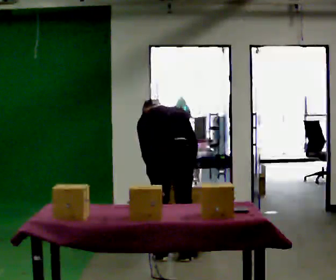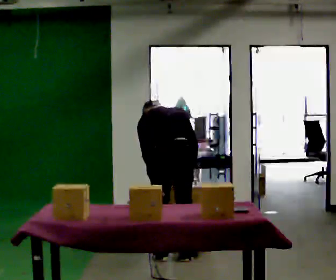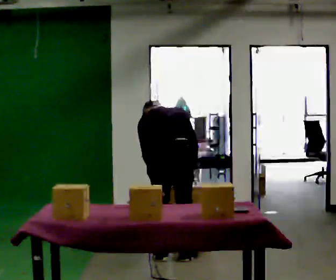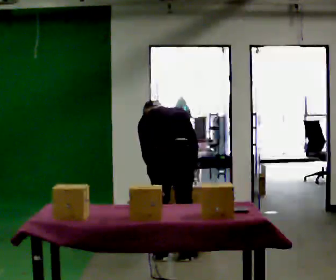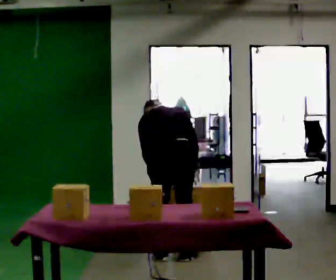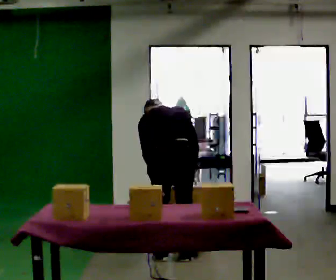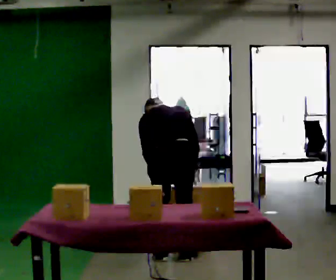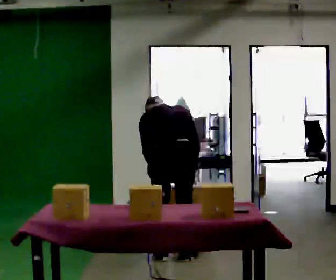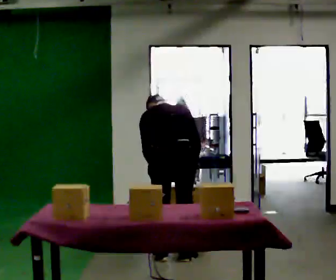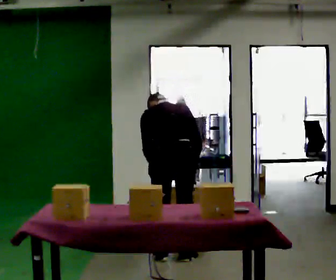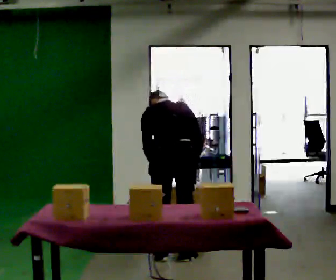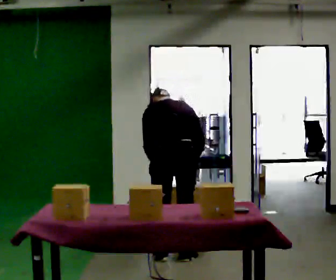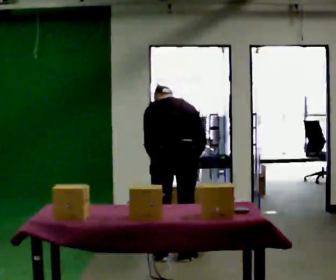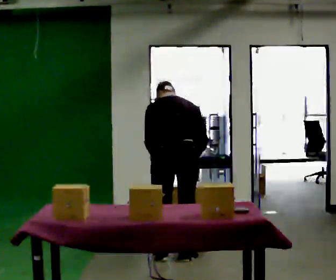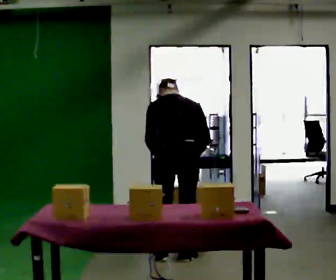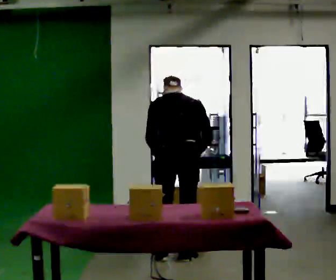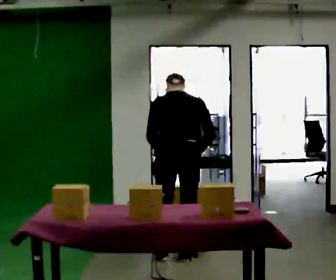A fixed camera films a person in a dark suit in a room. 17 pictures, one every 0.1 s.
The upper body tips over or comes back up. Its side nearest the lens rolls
downward.
0.0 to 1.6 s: The upper body tips toward the camera, its near side rolling downward, as they lean back or straighten.
The film runs backward here.
